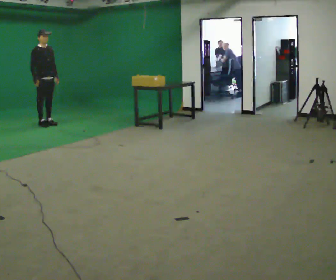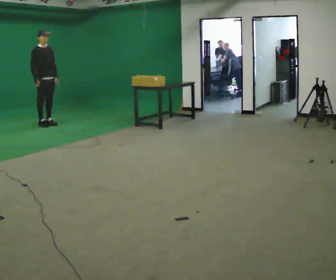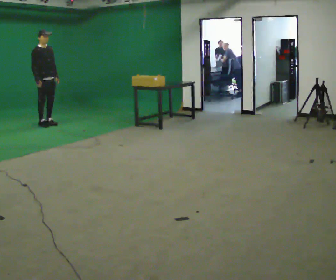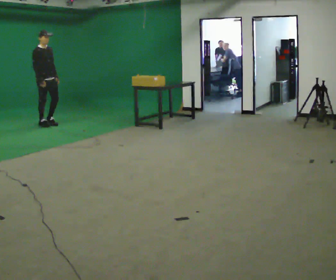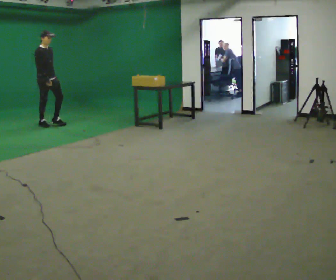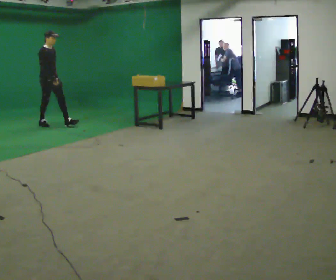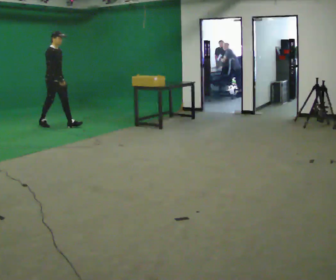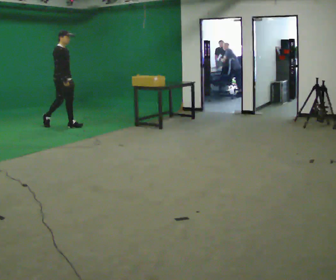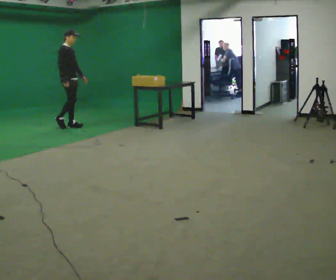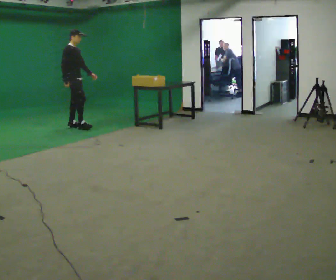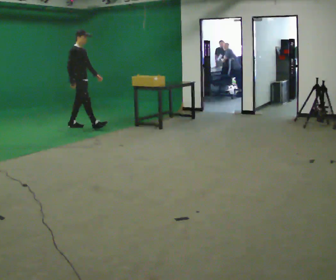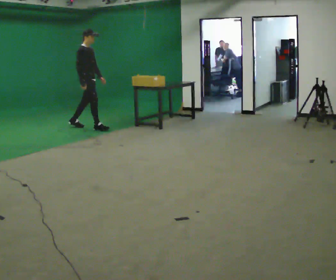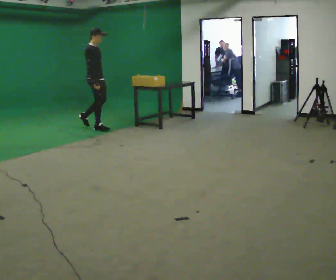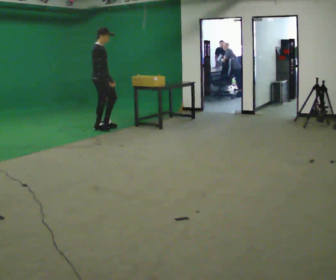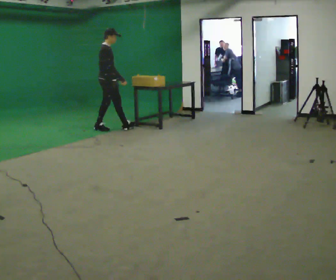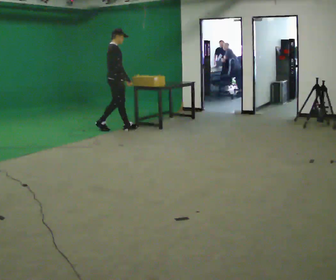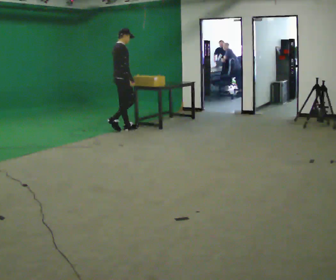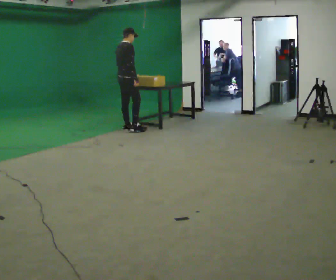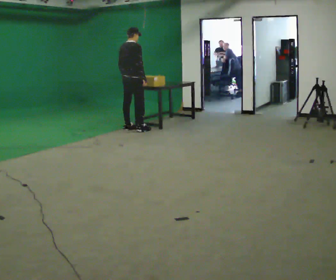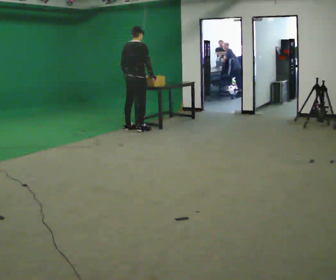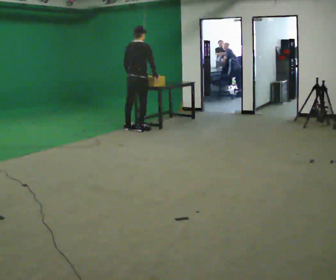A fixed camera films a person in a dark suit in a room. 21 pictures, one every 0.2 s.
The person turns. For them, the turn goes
to their left.
The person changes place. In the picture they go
to the right.
0.0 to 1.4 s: In the picture they go to the right and toward the camera, about 0.5 m in 1 step, which for them is forward.
1.4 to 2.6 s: In the picture they go to the right and toward the camera, about 1 m in 1 step, which for them is forward.
2.6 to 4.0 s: The person turns about 60 degrees to their left, counterclockwise seen from above, so the part of the body nearest the lens slides to the right. In the picture they go to the right, about 0.75 m in 2 steps.
The film runs forward here.
